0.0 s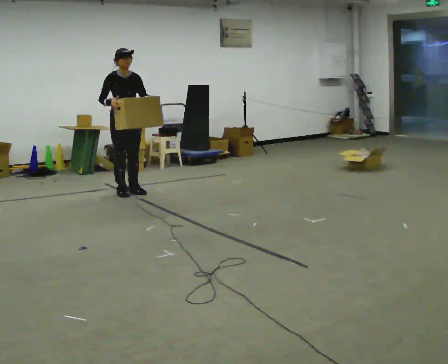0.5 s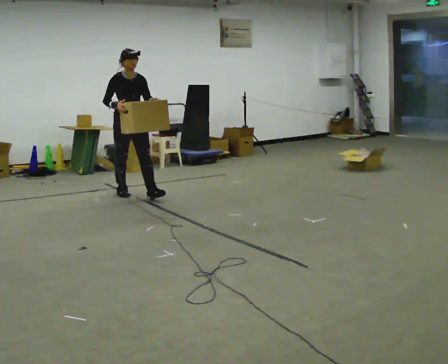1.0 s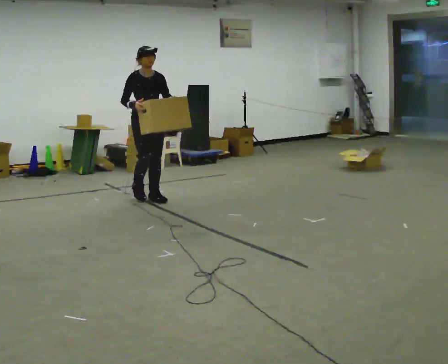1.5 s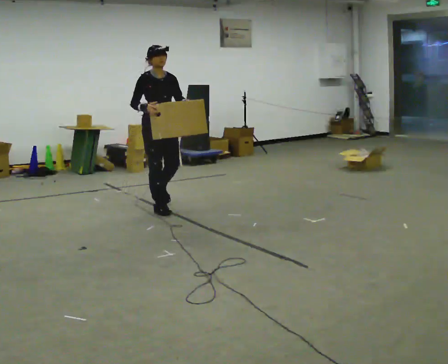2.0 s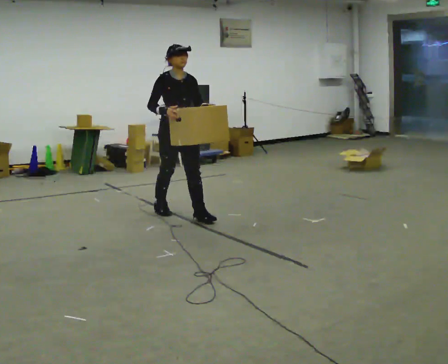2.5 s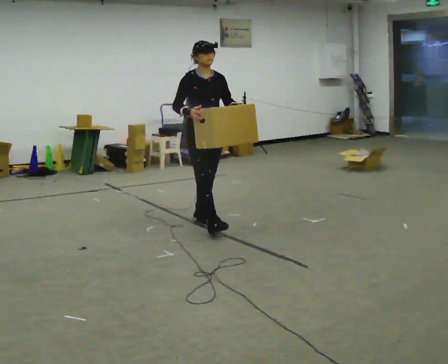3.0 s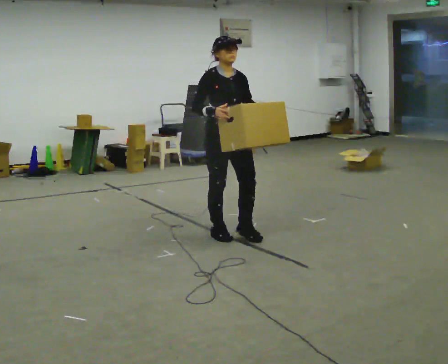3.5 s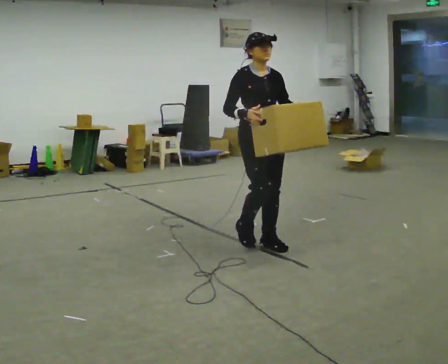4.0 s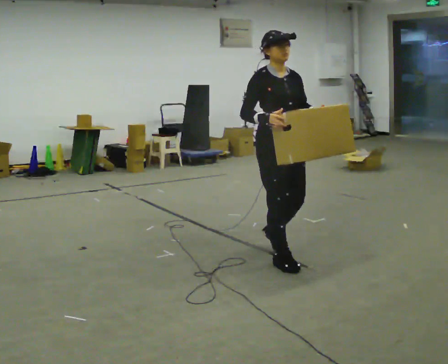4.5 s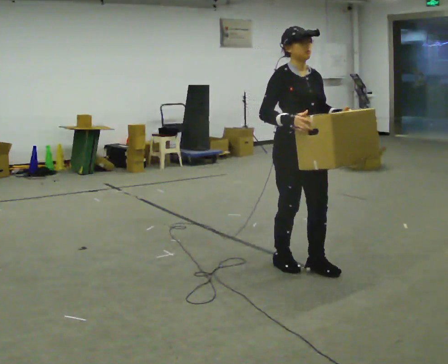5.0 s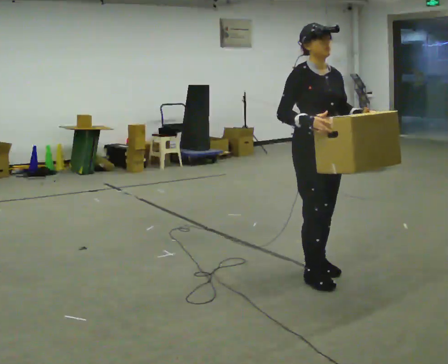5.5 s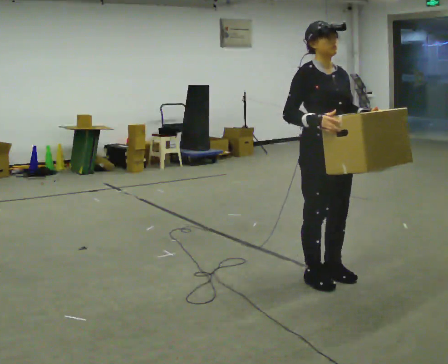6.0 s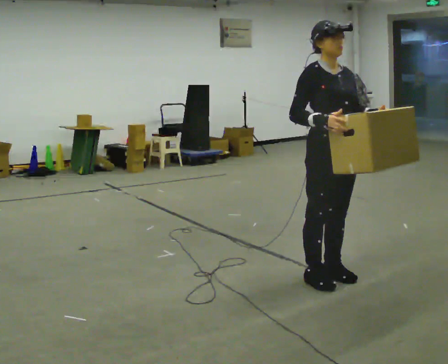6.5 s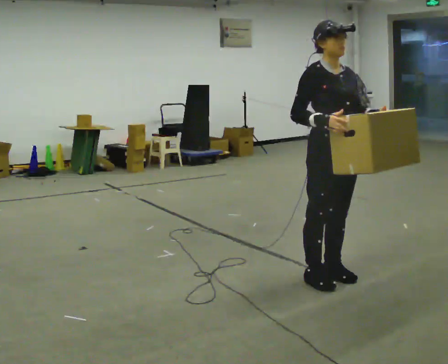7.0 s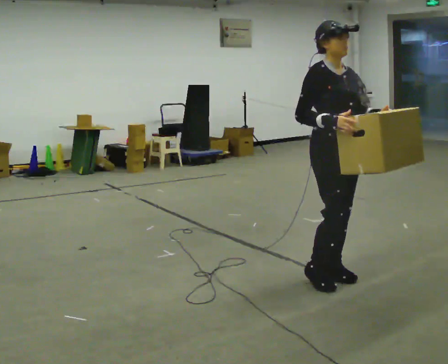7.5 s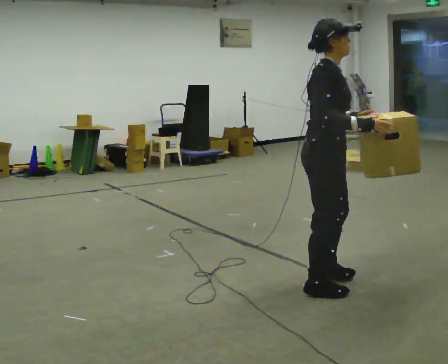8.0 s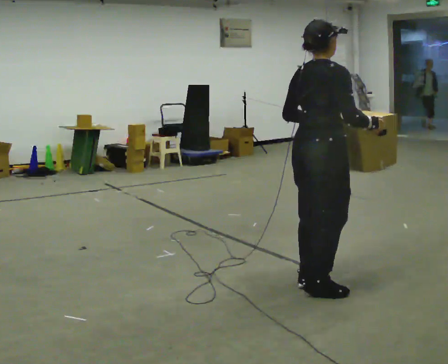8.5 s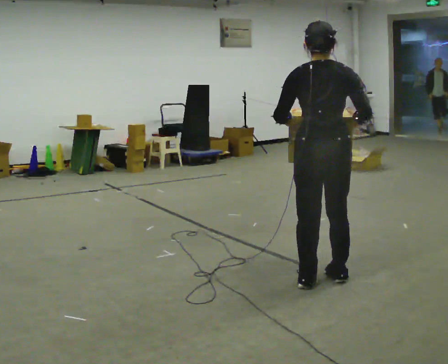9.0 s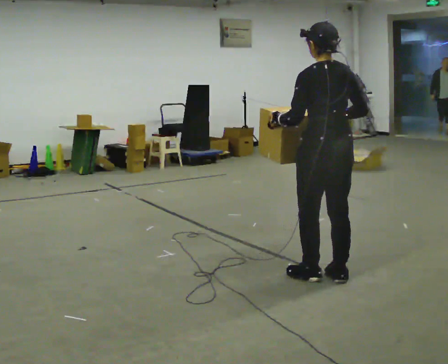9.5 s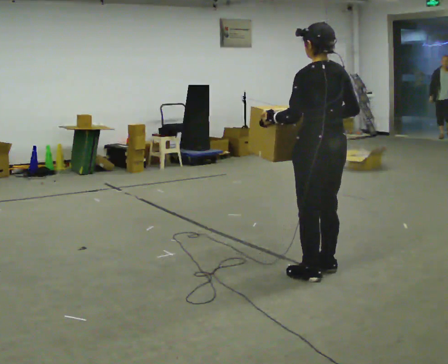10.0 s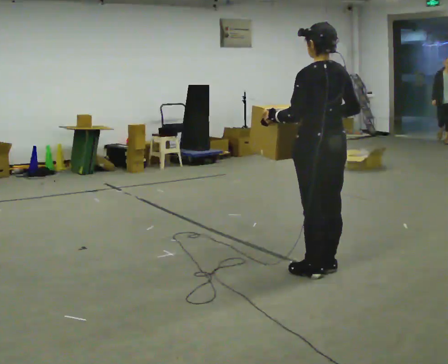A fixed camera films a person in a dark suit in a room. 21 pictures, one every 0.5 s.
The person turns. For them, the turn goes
to their left.
The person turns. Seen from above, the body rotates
counterclockwise.
0.0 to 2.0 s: In the picture they go to the right and toward the camera, about 1 m in 3 steps, which for them is forward.
2.0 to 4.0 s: In the picture they go toward the camera and to the right, about 1.5 m in 3 steps, which for them is forward.
4.0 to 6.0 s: In the picture they go toward the camera and to the right, about 0.5 m in 2 steps, which for them is forward.
6.0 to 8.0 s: The person turns about 90 degrees to their left, counterclockwise seen from above, so the part of the body nearest the lens slides to the right. In the picture their left hand goes to the left.
8.0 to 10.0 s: The part of the body nearest the lens slides to the right as the person turns to their left by about 90 degrees. In the picture they go away from the camera, about 0.25 m in 2 steps.
The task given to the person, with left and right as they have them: Carry the heavy box in both hands in front of you, walking back and forth across the room. Keep walking until the operator says stop. Set it down if you need a rest.
The film runs forward here.
